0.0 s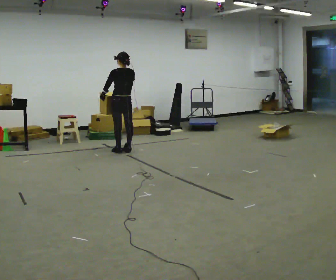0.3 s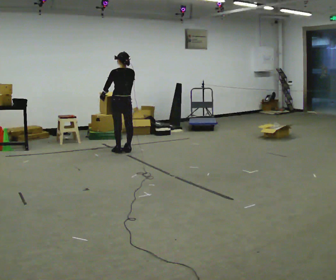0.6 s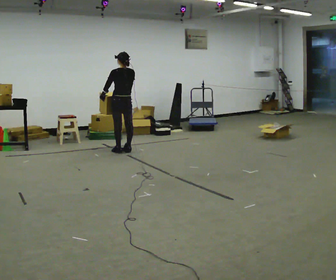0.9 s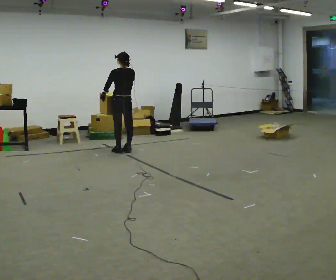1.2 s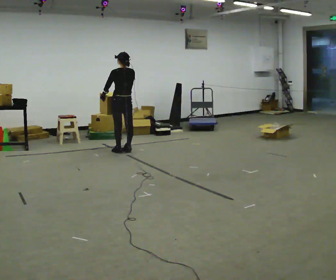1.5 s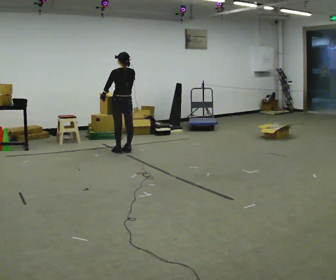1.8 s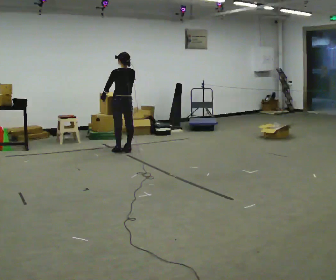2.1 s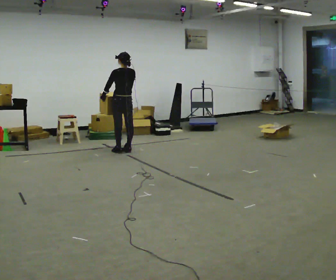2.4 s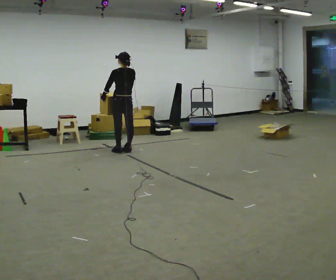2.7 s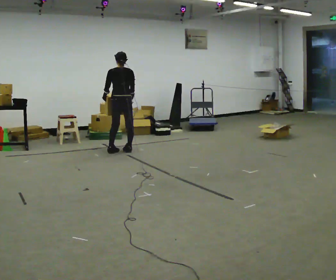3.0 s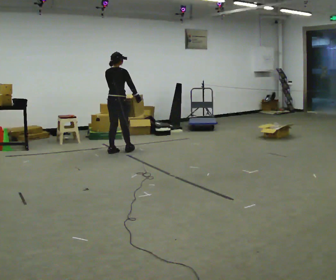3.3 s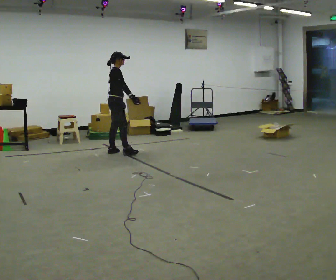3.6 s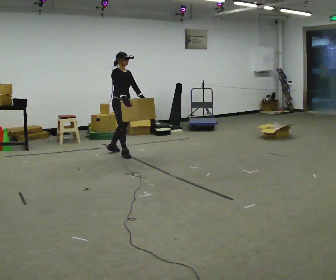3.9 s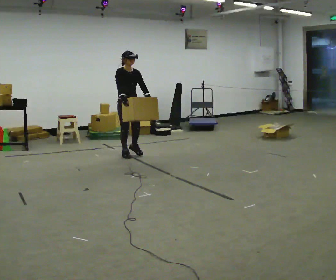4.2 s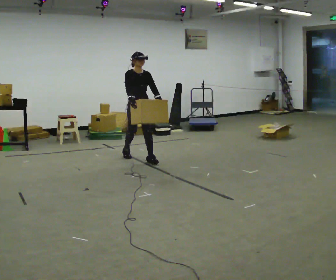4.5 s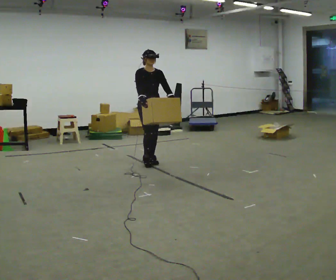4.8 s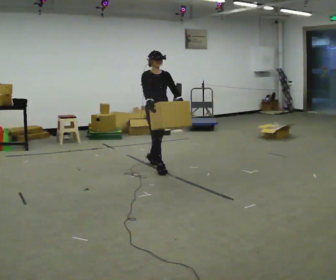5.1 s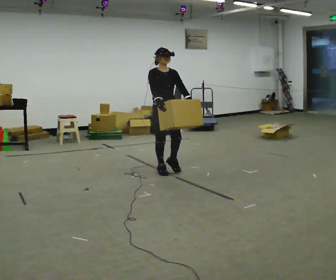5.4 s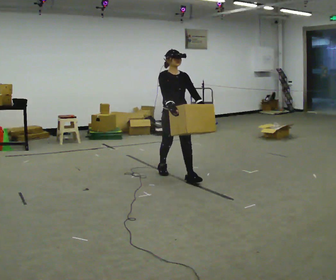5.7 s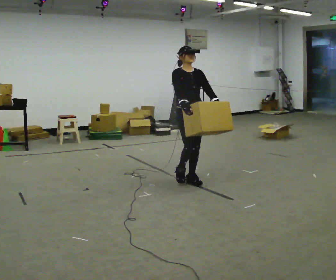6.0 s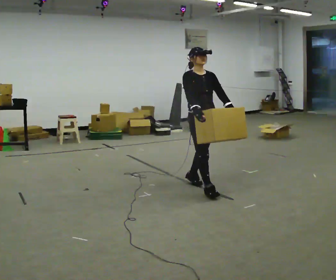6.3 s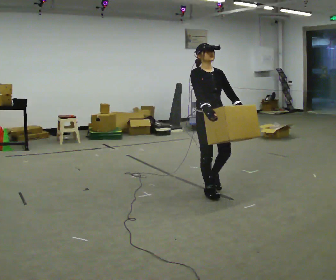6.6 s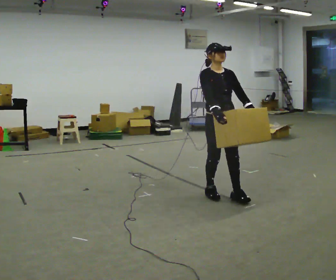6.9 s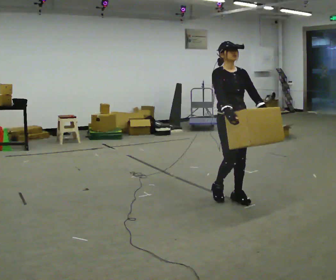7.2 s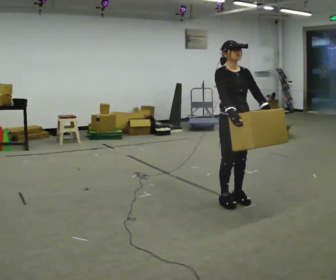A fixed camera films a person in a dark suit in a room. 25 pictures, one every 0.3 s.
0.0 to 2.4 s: The person keeps their place and pose.
2.4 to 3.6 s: The person turns about 150 degrees to their right, clockwise seen from above, so the part of the body nearest the lens slides to the left. In the picture they go toward the camera, about 0.25 m in 1 step.
3.6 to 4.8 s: Seen from above the body turns clockwise, about 30 degrees: to their right, with its near side sliding to the left. In the picture they go toward the camera and to the right, about 1 m in 2 steps, which for them is forward.
4.8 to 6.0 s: In the picture they go toward the camera and to the right, about 1 m in 2 steps, which for them is forward.
6.0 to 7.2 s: In the picture they go toward the camera and to the right, about 0.5 m in 2 steps, which for them is forward.
The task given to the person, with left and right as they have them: Carry the medium box in both hands in front of you, walking back and forth across the room. Keep walking until the operator says stop.
The film runs forward here.
